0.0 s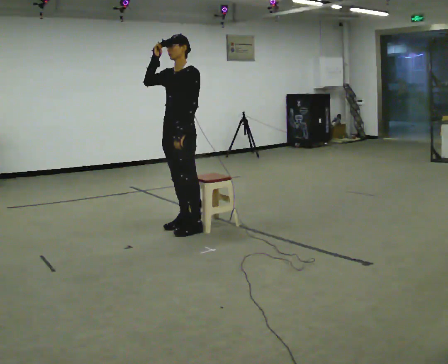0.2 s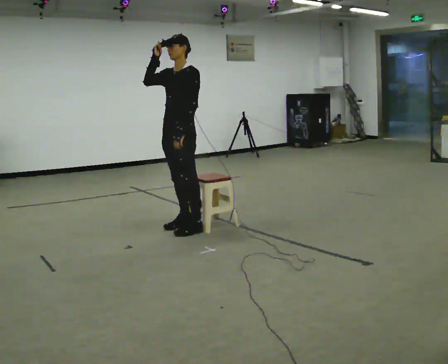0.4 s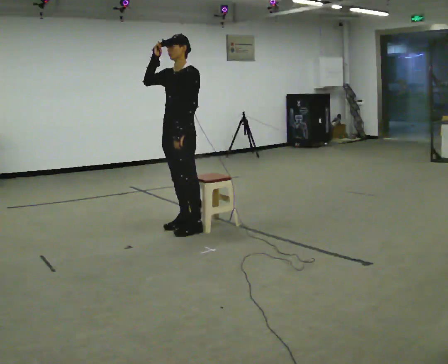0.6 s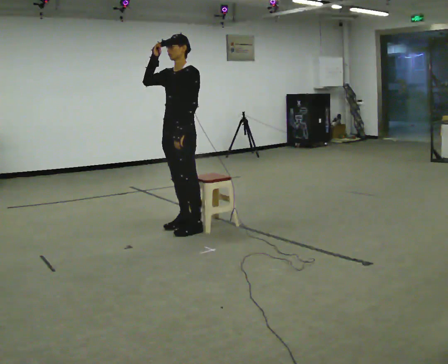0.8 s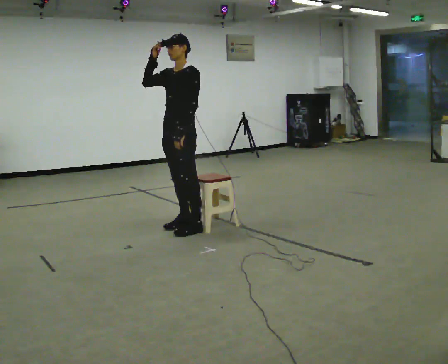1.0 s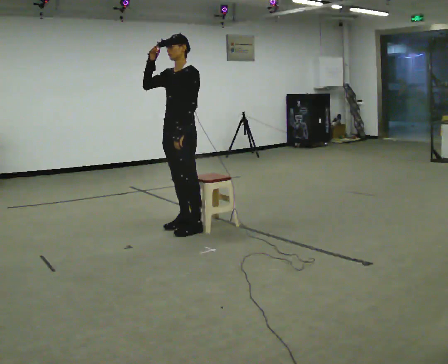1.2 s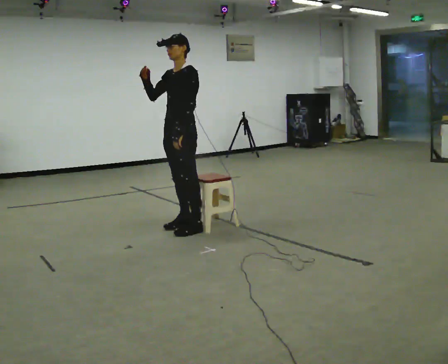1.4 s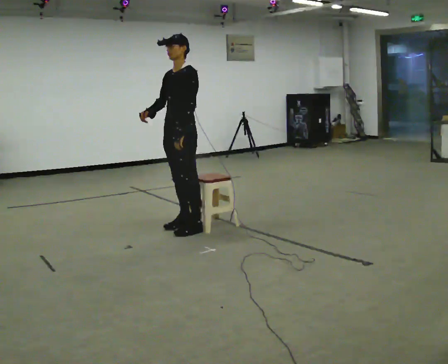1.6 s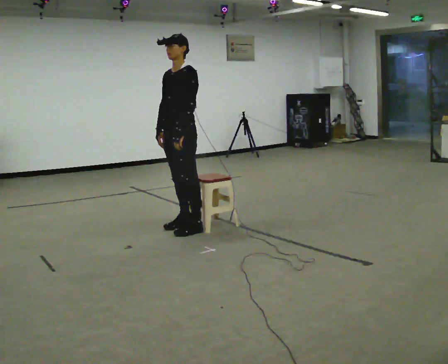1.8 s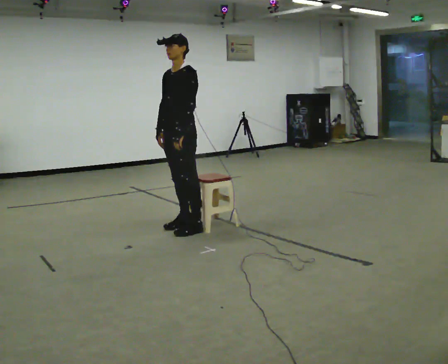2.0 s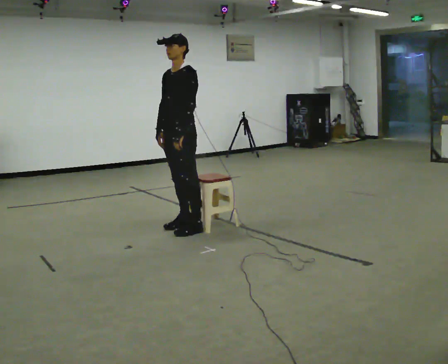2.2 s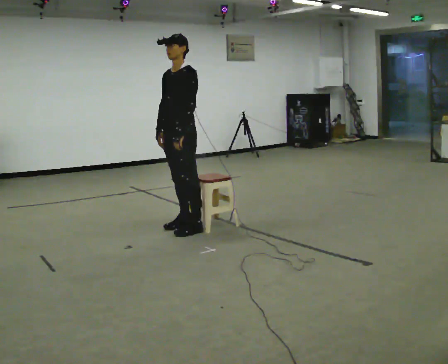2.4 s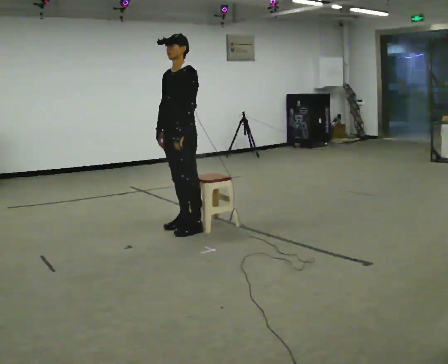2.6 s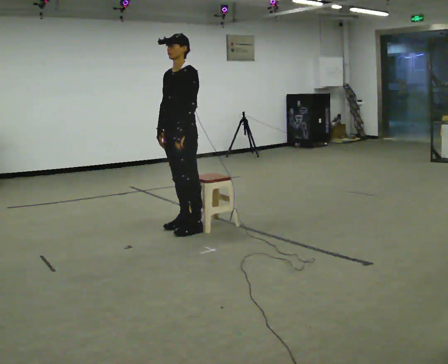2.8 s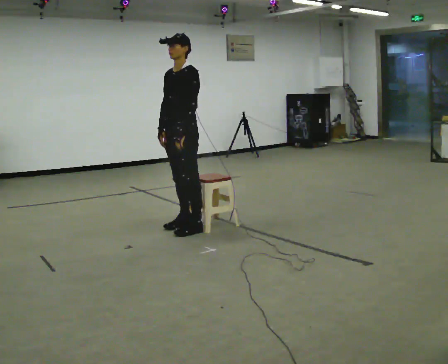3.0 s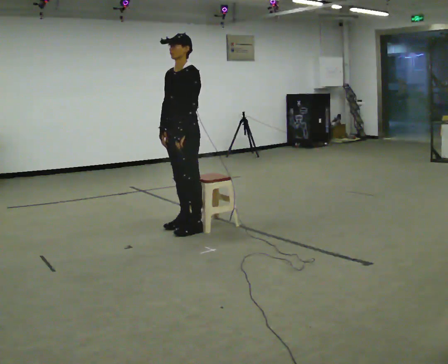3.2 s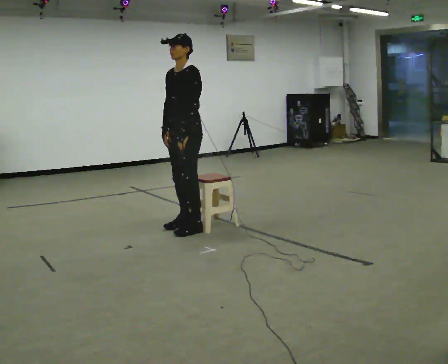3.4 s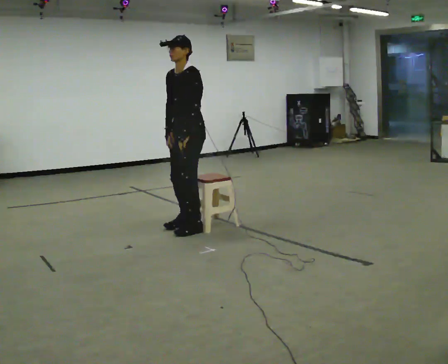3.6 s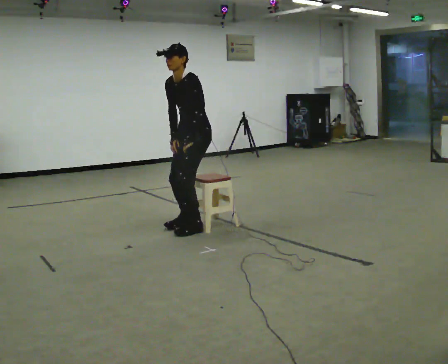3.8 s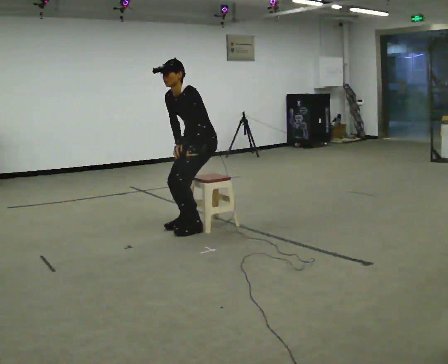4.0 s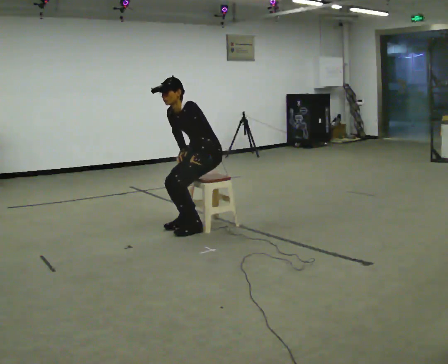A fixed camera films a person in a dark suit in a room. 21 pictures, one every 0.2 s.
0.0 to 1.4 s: In the picture their right hand goes downward.
1.4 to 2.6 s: The person moves a little, or ends about where they began.
2.6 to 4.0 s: In the picture they go to the right, about 0.25 m, which for them is backward. The shoulders move downward. In the picture the upper body tilts counterclockwise, shoulders to the left, as they bend forward.
The film runs backward here.
